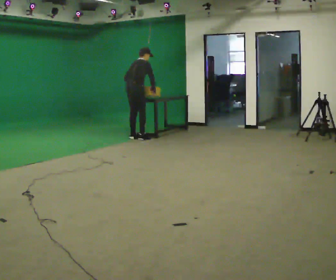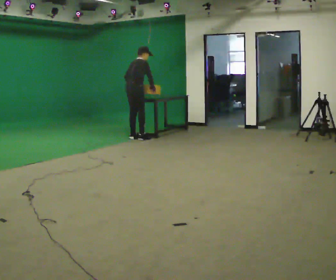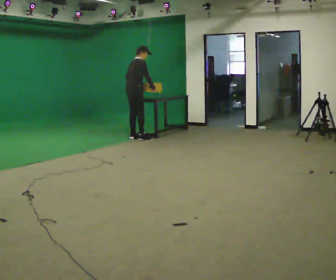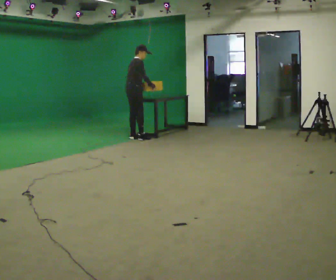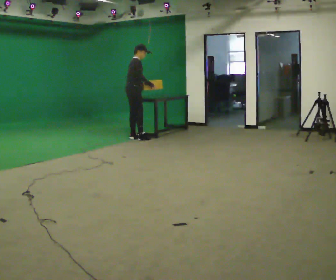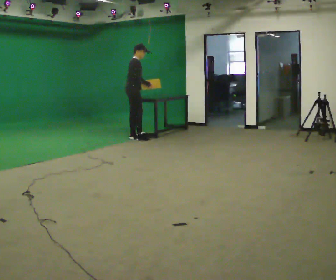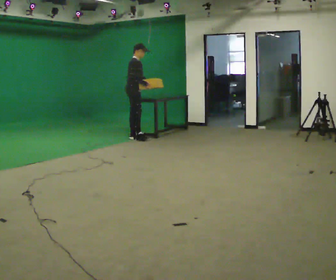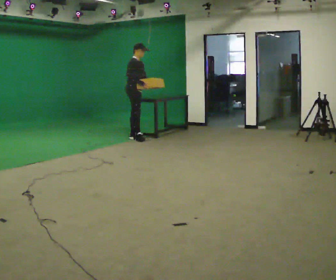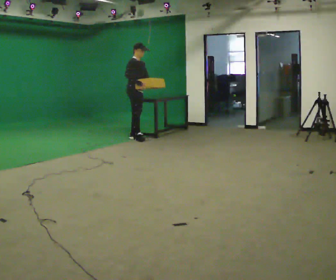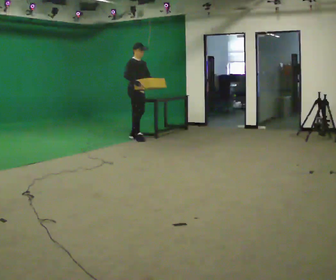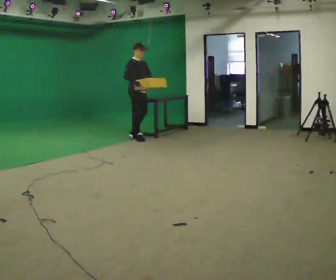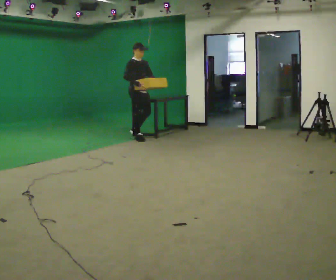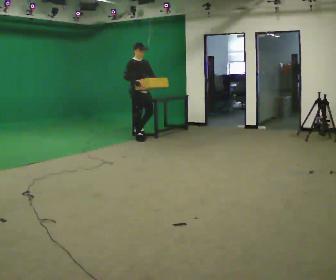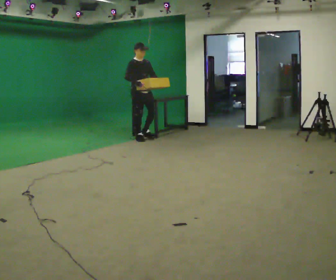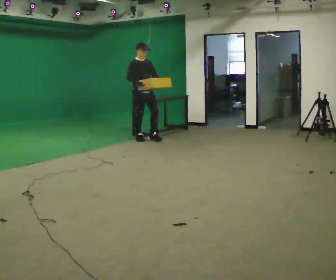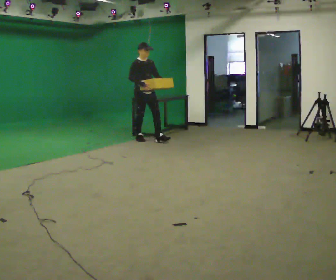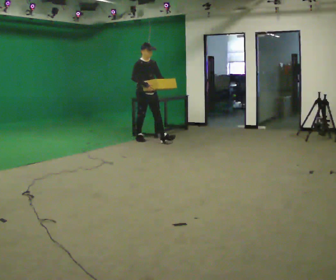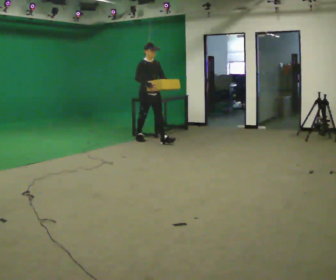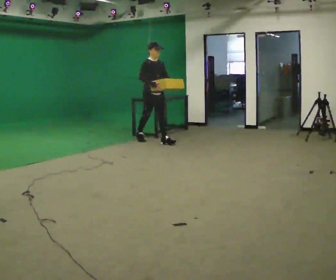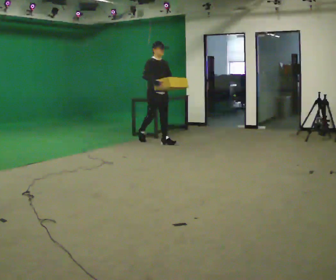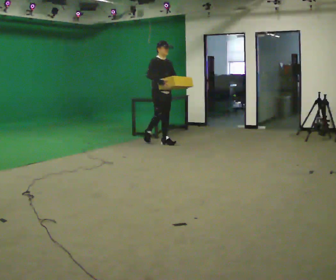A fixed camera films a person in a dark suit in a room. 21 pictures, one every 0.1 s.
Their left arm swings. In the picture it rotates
counterclockwise.
The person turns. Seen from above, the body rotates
clockwise.
0.0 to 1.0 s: The person turns about 75 degrees to their right, clockwise seen from above, so the part of the body nearest the lens slides to the left. The upper body tips toward the camera, its near side rolling downward, as they lean back or straighten. In the picture their left hand goes to the right, the arm swinging counterclockwise.
1.0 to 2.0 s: In the picture they go to the right and toward the camera, about 0.5 m in 1 step, which for them is forward.
The film runs forward here.
